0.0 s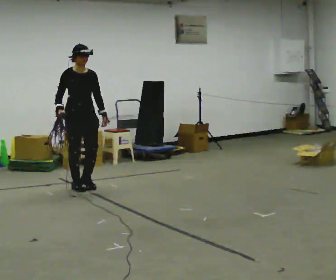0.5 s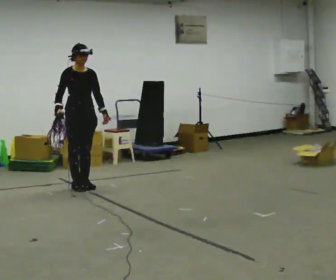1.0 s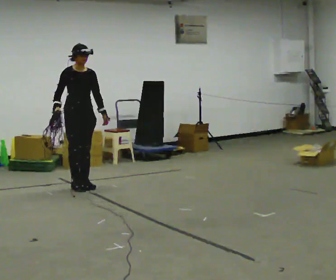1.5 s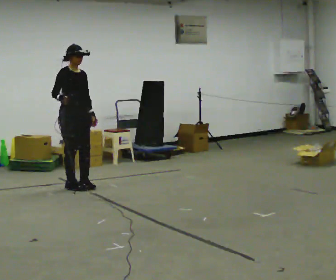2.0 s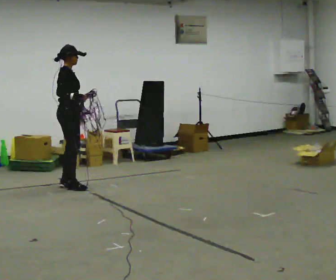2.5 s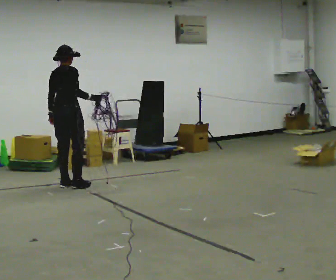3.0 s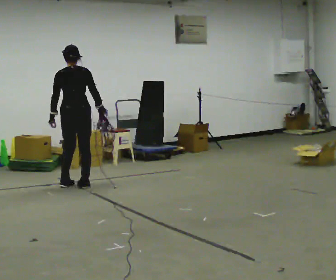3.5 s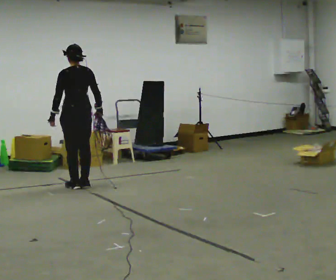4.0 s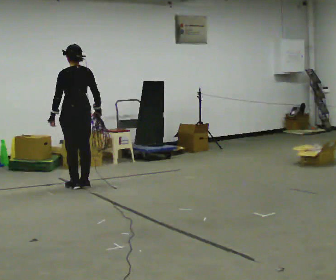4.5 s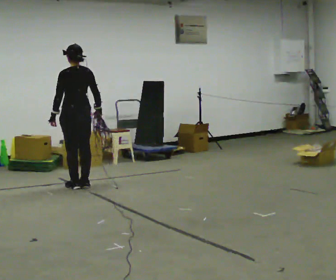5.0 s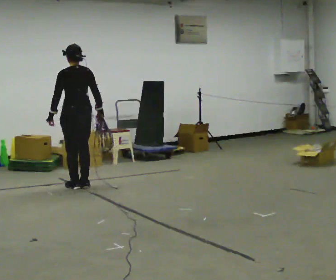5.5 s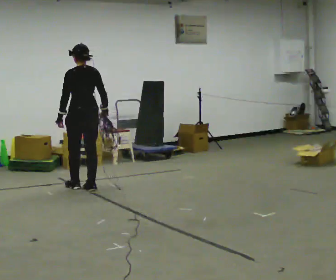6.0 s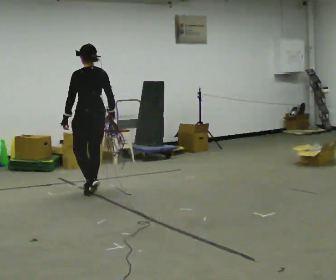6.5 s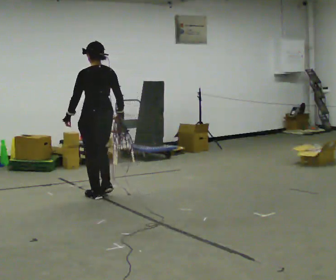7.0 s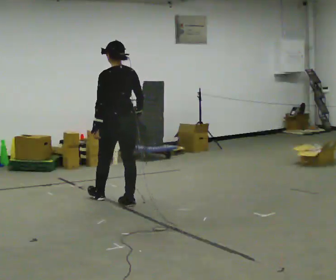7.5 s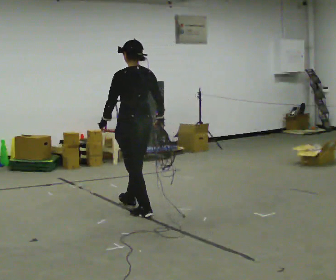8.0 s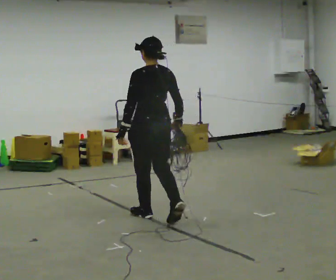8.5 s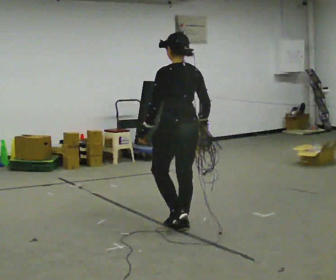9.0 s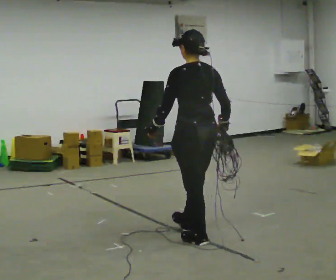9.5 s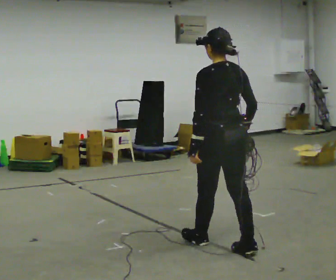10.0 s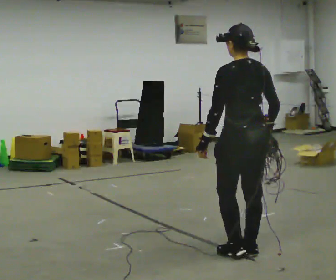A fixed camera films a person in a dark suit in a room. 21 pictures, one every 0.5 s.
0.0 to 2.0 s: The person turns about 60 degrees to their left, counterclockwise seen from above, so the part of the body nearest the lens slides to the right.
2.0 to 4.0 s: Seen from above the body turns counterclockwise, about 120 degrees: to their left, with its near side sliding to the right.
4.0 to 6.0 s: In the picture they go toward the camera and to the right, about 0.25 m in 2 steps, which for them is backward.
6.0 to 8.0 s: In the picture they go toward the camera and to the right, about 1.5 m in 3 steps, which for them is backward.
8.0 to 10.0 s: In the picture they go toward the camera and to the right, about 1 m in 3 steps, which for them is backward.
The film runs backward here.
